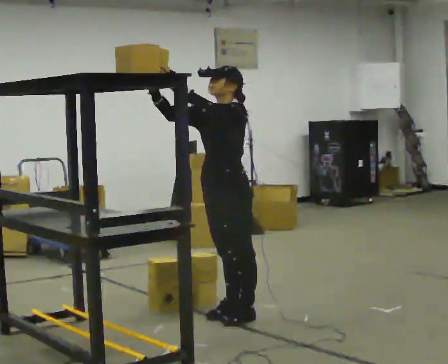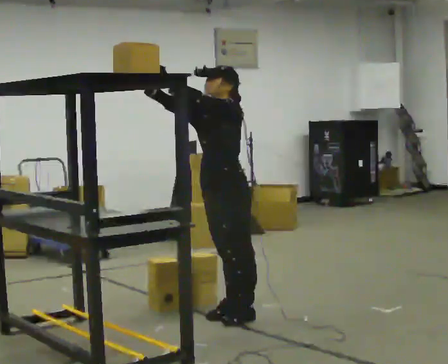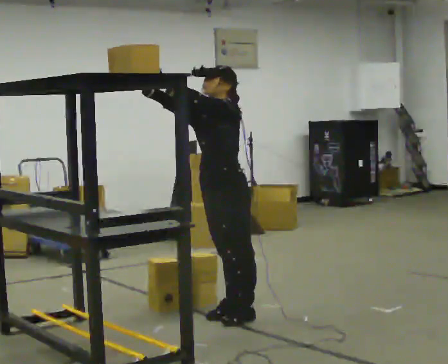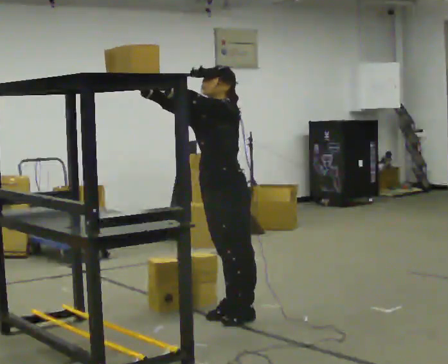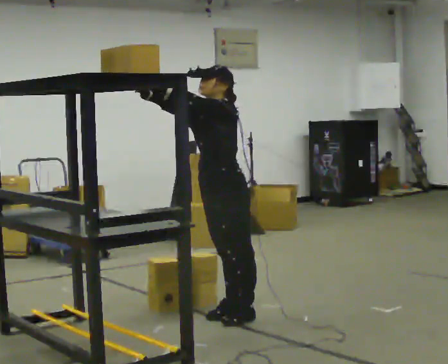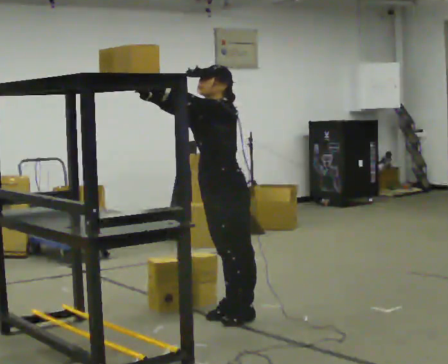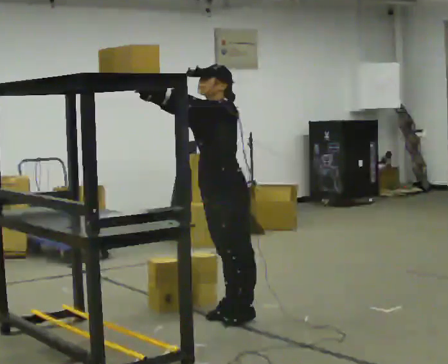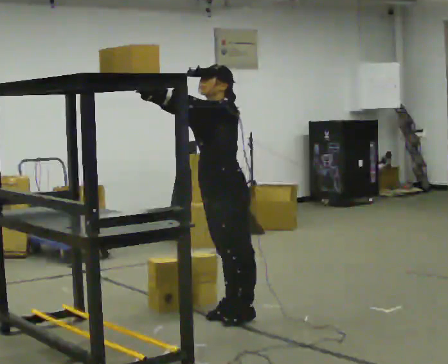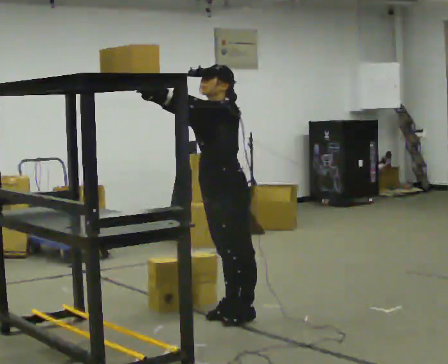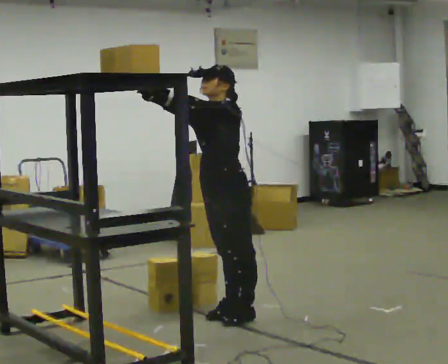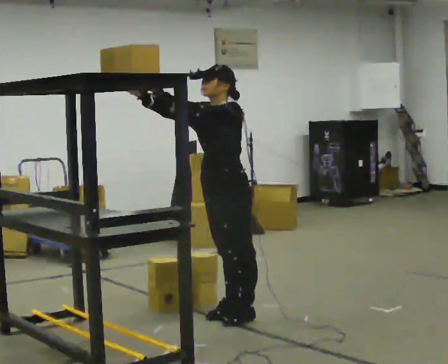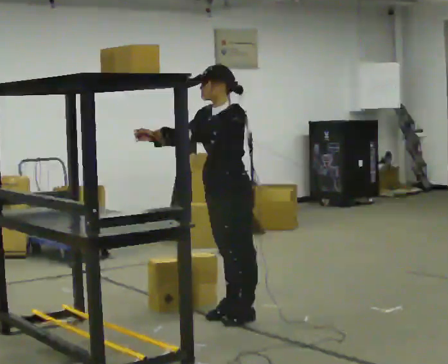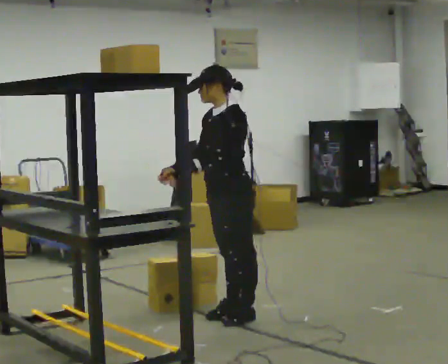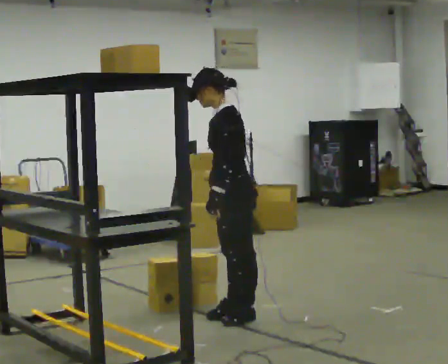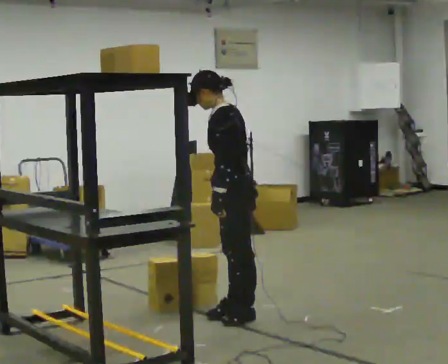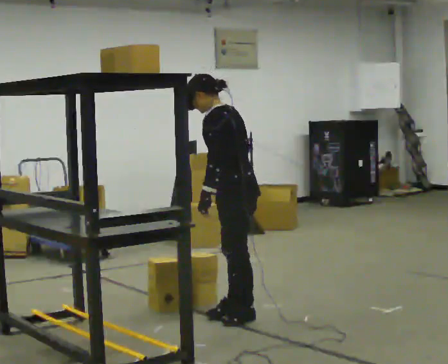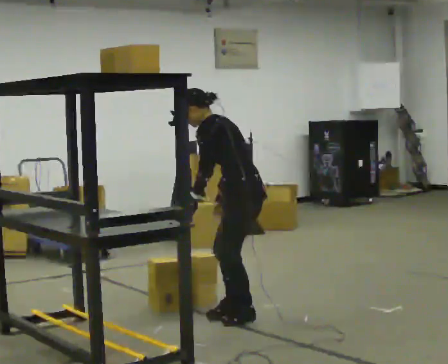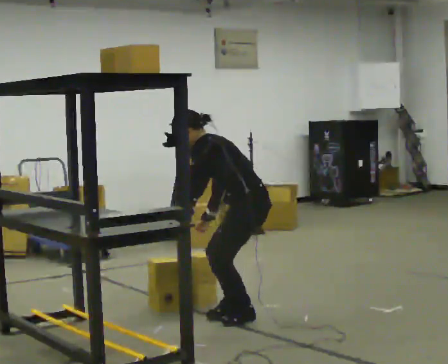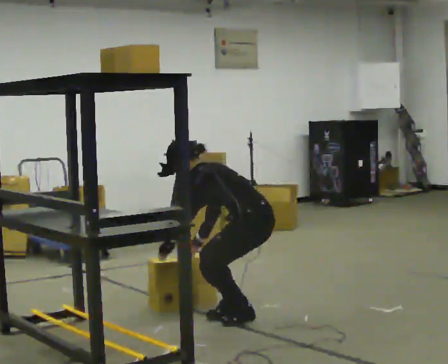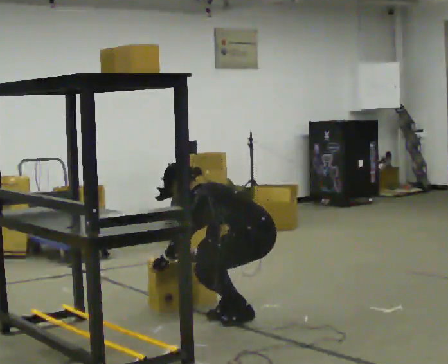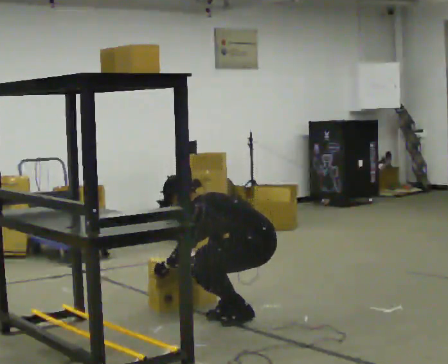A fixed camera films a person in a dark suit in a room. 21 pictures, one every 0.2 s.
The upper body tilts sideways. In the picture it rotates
counterclockwise.
Their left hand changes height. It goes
downward.
0.0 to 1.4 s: The person moves a little, or ends about where they began.
1.4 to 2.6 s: Seen from above the body turns clockwise, about 30 degrees: to their right, with its near side sliding to the left. In the picture their right hand goes downward and to the right, the arm swinging counterclockwise.
2.6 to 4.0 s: The upper body goes downward. In the picture the upper body tilts counterclockwise, shoulders to the left, as they bend forward. In the picture their left hand goes downward and to the left.
The film runs forward here.
